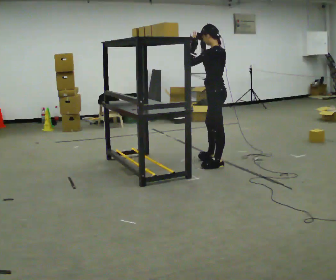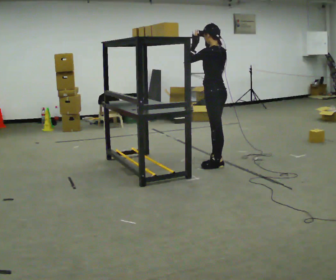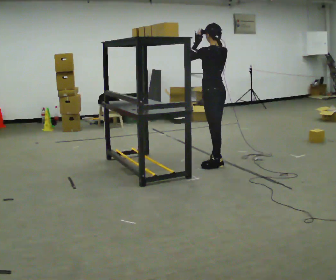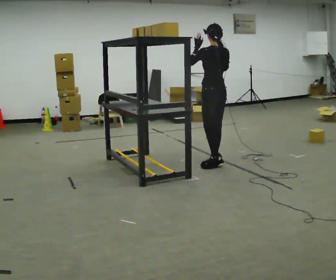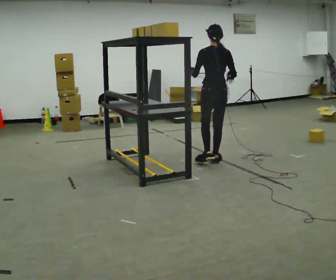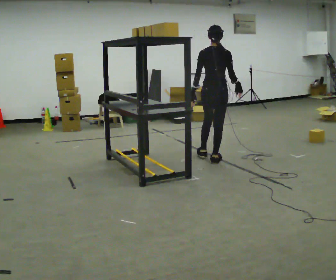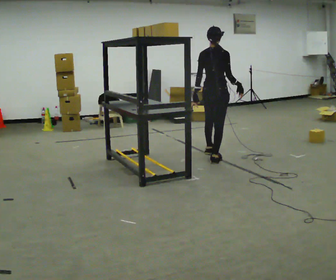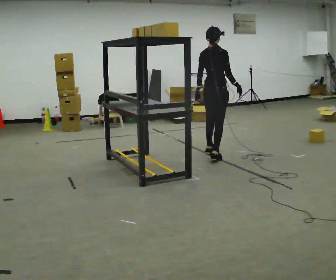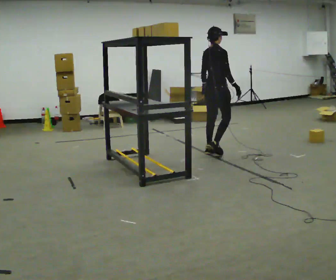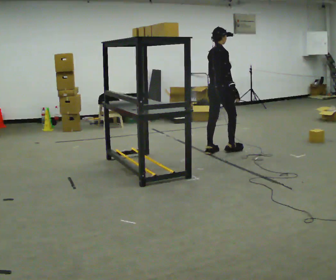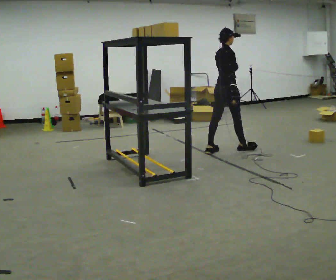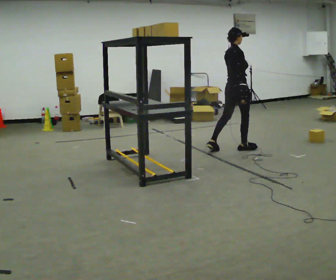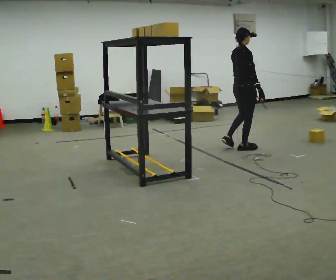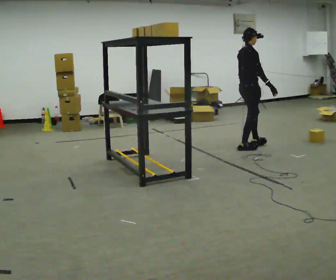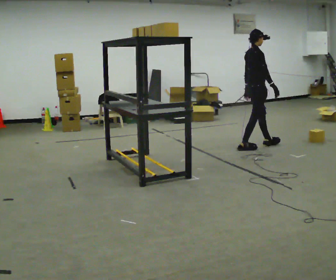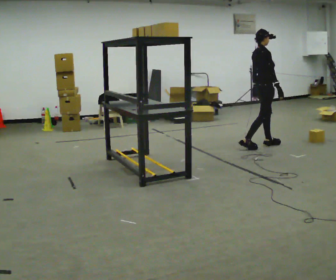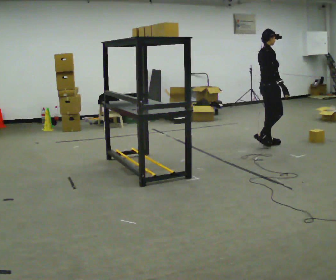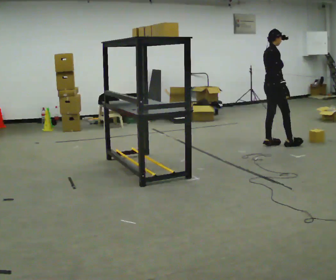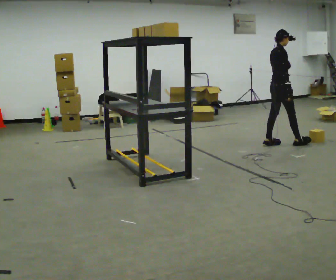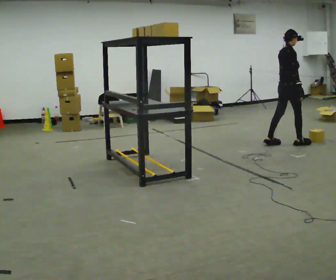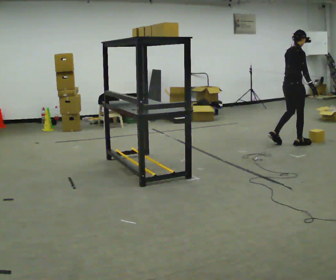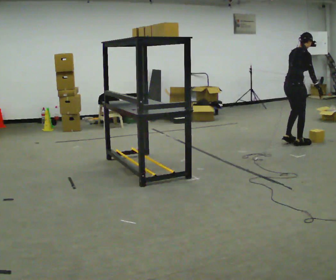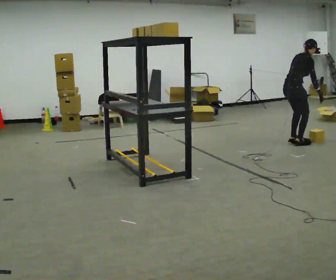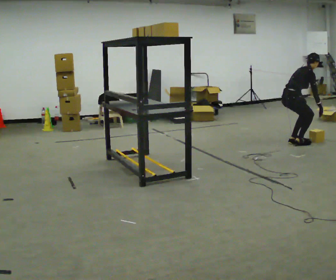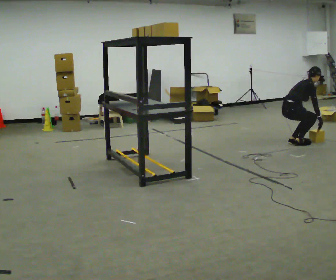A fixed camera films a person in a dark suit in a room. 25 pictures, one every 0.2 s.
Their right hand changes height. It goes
downward.
The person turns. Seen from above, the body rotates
clockwise.
0.0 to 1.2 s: Seen from above the body turns clockwise, about 90 degrees: to their right, with its near side sliding to the left. In the picture they go away from the camera, about 0.25 m in 1 step. In the picture their right hand goes downward.
1.2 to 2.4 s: The person turns about 30 degrees to their right, clockwise seen from above, so the part of the body nearest the lens slides to the left. In the picture they go away from the camera and to the right, about 0.5 m in 1 step, which for them is forward and to their left.
2.4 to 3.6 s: In the picture they go to the right and away from the camera, about 0.5 m in 2 steps, which for them is forward.
3.6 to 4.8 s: In the picture they go to the right, about 0.25 m in 1 step, which for them is forward. The upper body goes downward. In the picture the upper body tilts clockwise, shoulders to the right, as they bend forward. In the picture their right hand goes to the right and downward.
The film runs forward here.
